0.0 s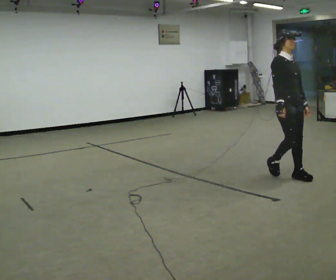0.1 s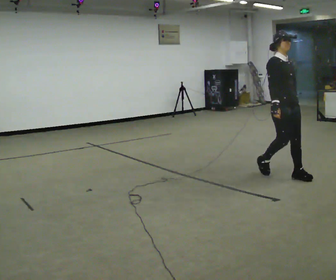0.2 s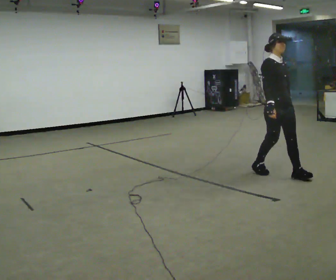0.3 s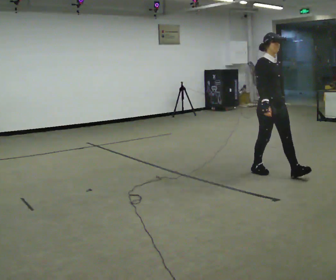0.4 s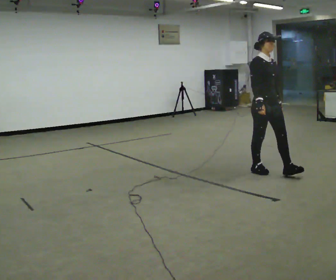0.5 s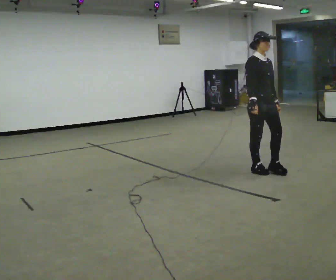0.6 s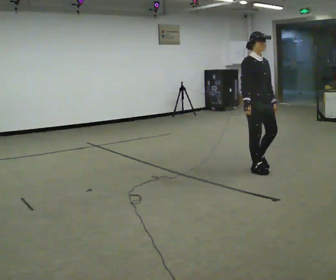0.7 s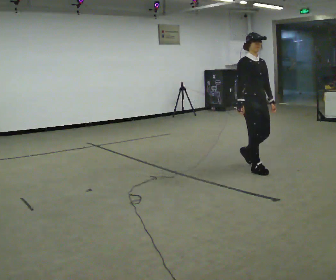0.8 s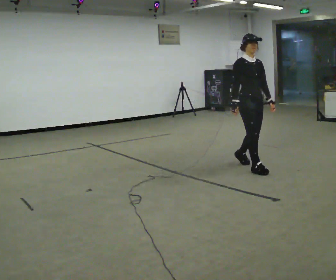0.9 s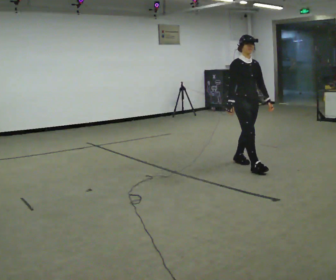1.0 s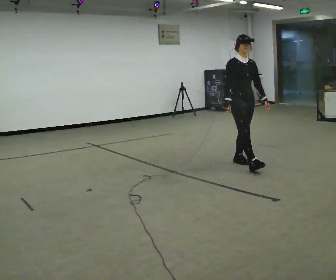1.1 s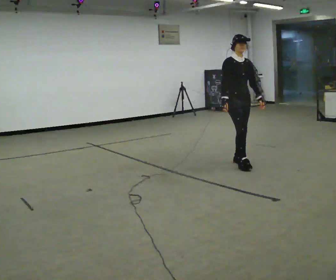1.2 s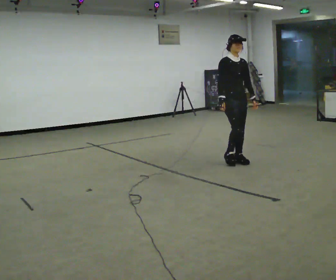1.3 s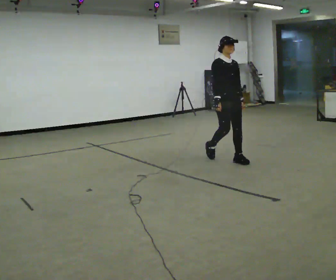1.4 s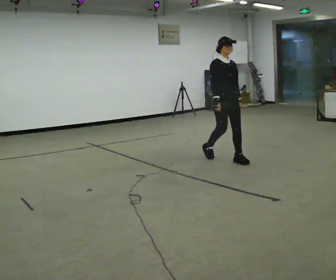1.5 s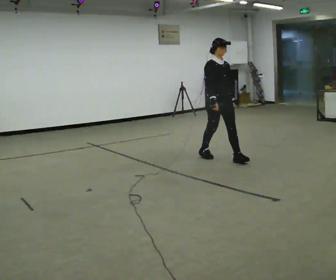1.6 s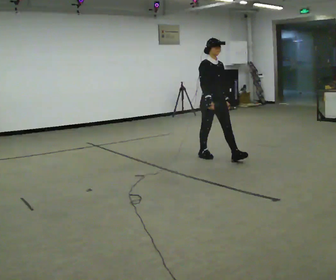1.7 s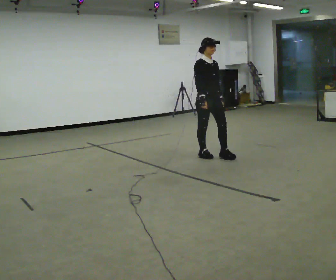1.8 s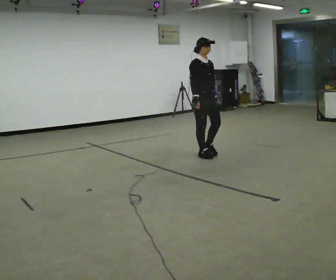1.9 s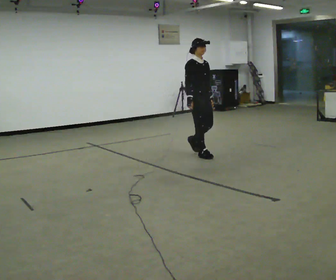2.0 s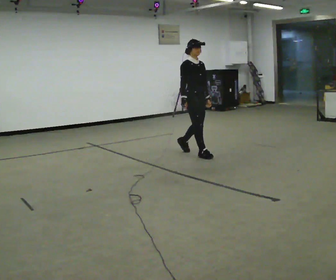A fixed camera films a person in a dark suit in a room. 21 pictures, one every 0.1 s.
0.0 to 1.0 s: In the picture they go away from the camera and to the left, about 0.5 m in 2 steps, which for them is backward.
1.0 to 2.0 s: In the picture they go to the left and away from the camera, about 1 m in 1 step, which for them is backward.
The film runs backward here.
